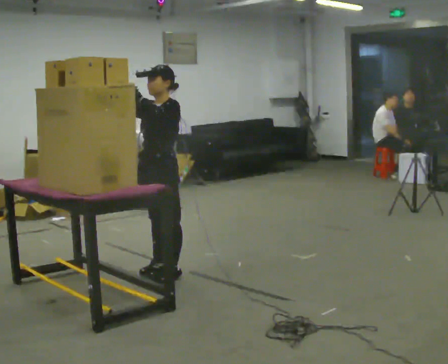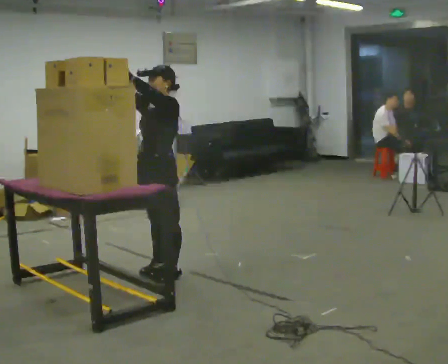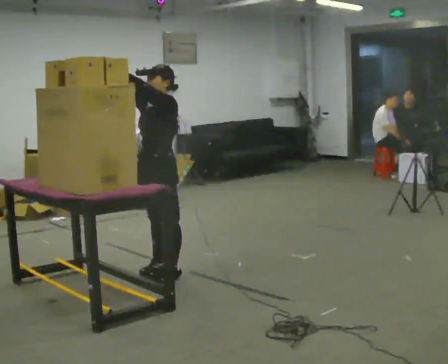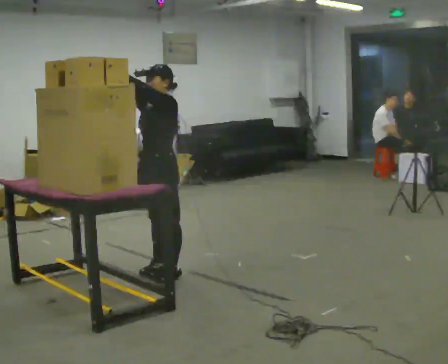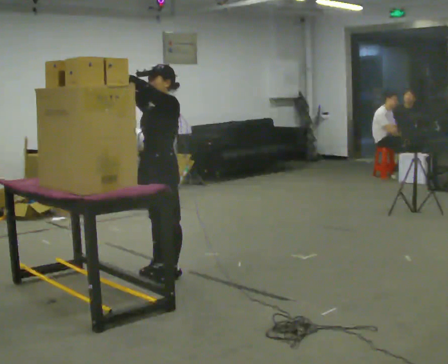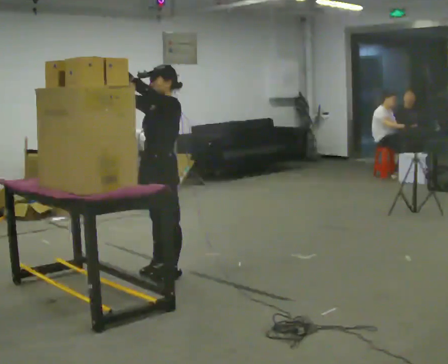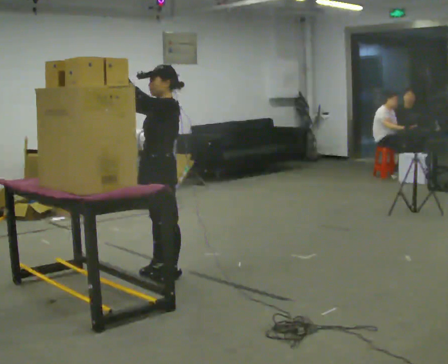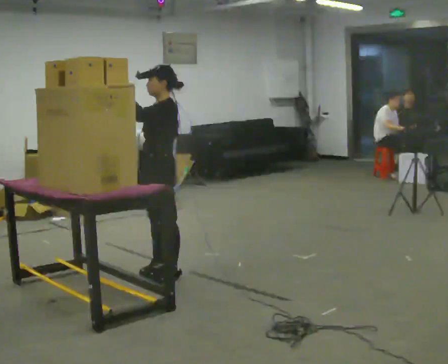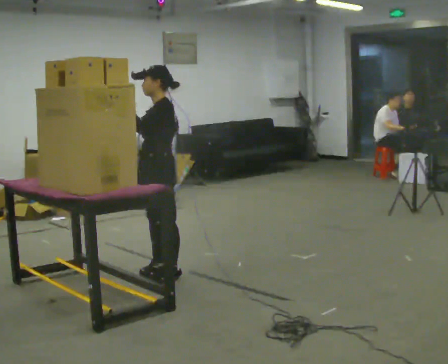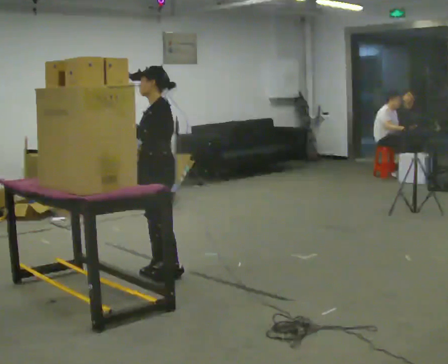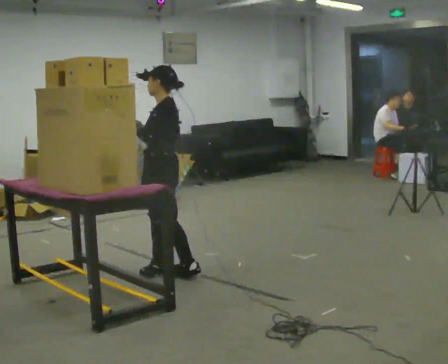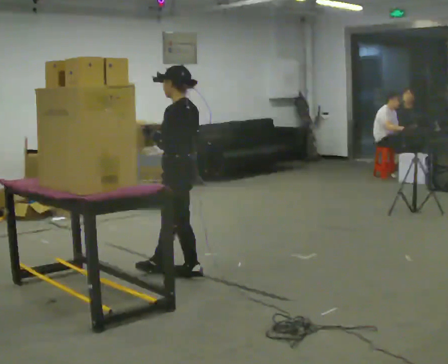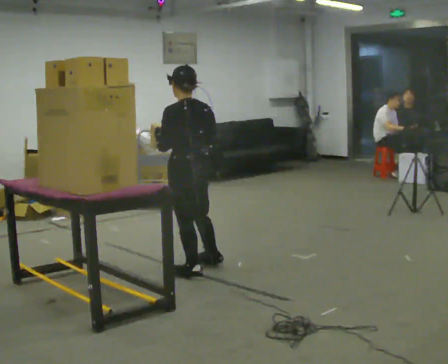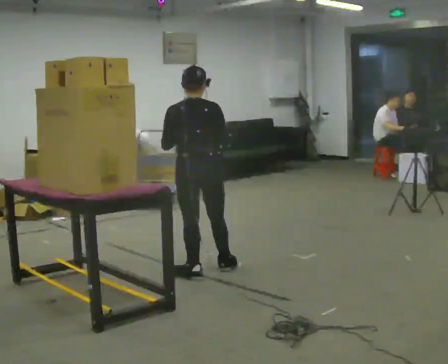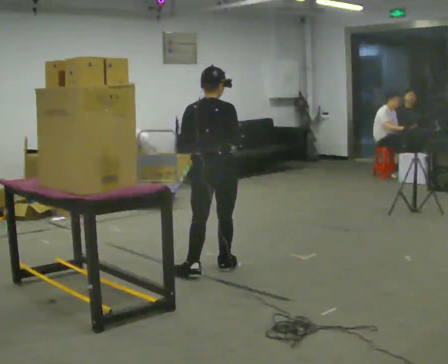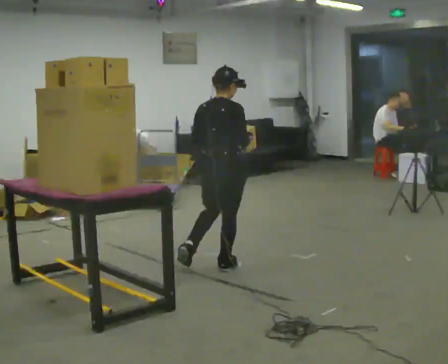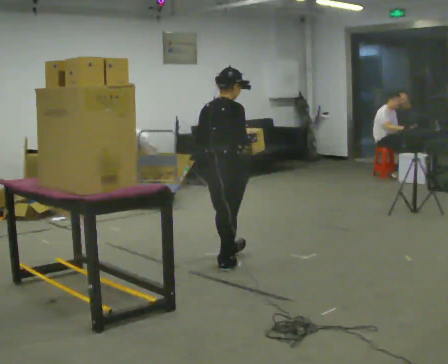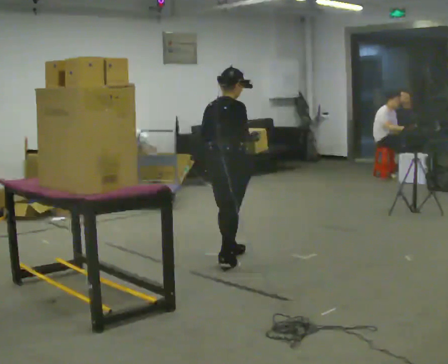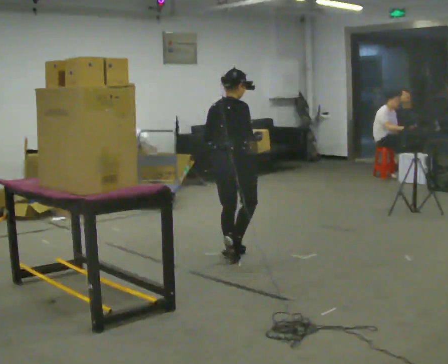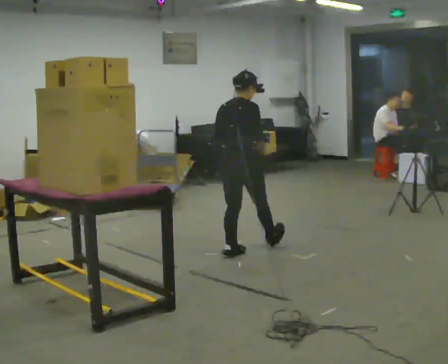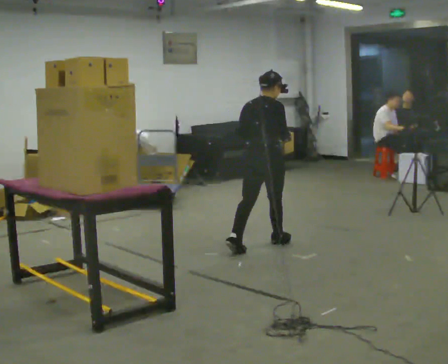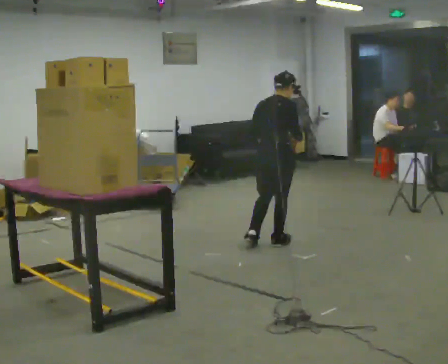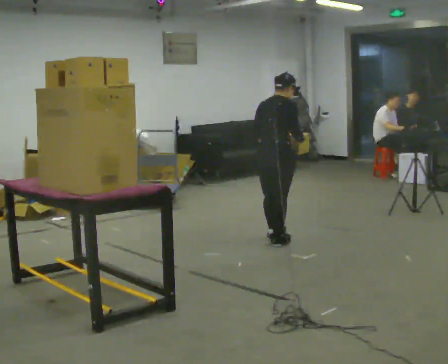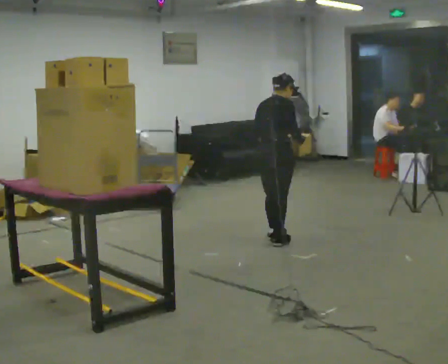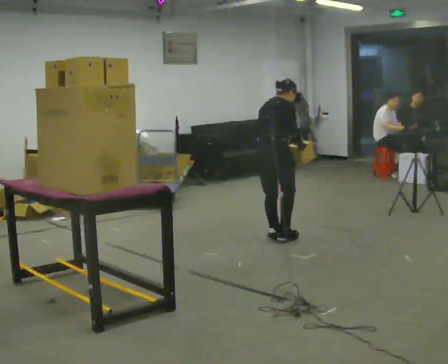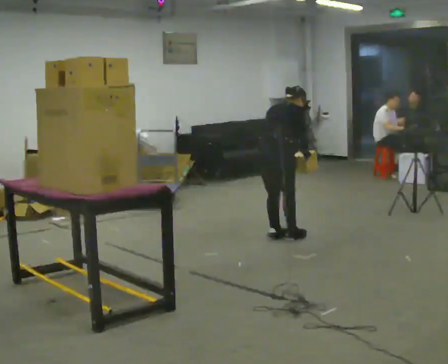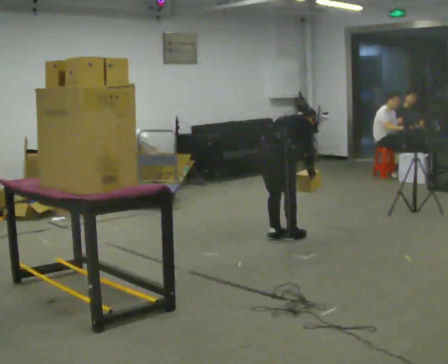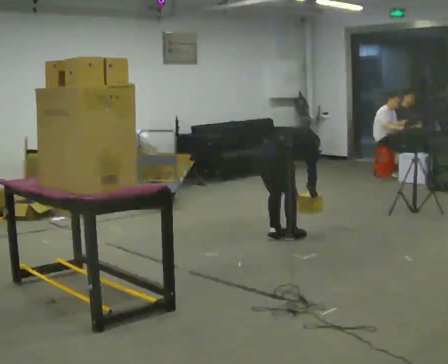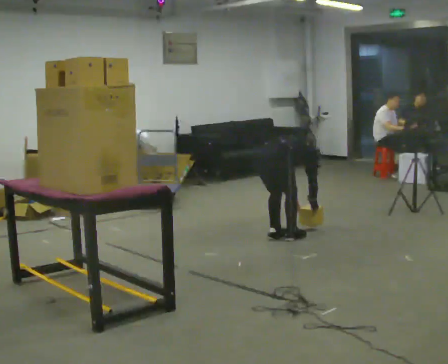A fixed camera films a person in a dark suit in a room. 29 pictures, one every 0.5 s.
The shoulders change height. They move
downward.
The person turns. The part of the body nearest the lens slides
to the left.
0.0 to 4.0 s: The person moves a little, or ends about where they began.
4.0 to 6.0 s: The part of the body nearest the lens slides to the left as the person turns to their right by about 60 degrees. In the picture they go to the right, about 0.25 m. In the picture their right hand goes to the right.
6.0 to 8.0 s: The part of the body nearest the lens slides to the left as the person turns to their right by about 75 degrees. In the picture they go away from the camera and to the right, about 0.25 m in 2 steps.
8.0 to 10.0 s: In the picture they go away from the camera and to the right, about 0.5 m in 1 step, which for them is forward.
10.0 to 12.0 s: In the picture they go away from the camera, about 0.25 m in 1 step, which for them is forward and to their left. The upper body tips away from the camera, its near side rolling upward, as they bend forward.
12.0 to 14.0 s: The upper body goes downward. In the picture the upper body tilts clockwise, shoulders to the right, as they bend forward. In the picture their right hand goes downward.
The film runs forward here.
